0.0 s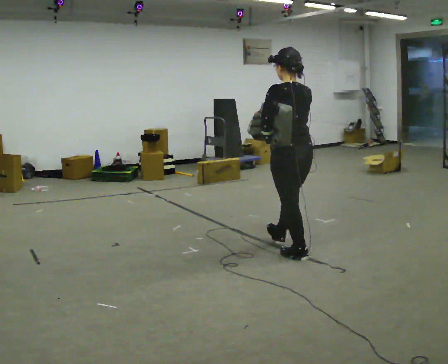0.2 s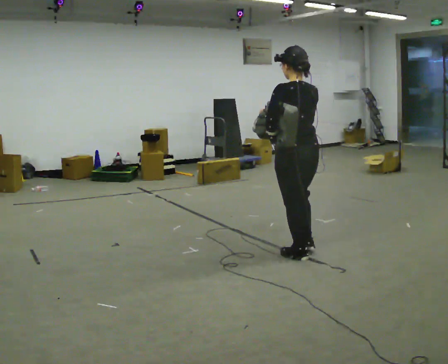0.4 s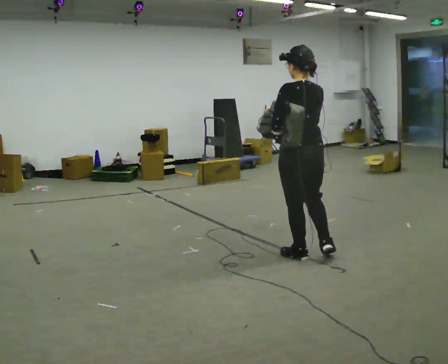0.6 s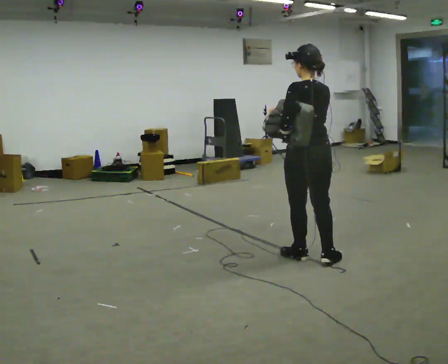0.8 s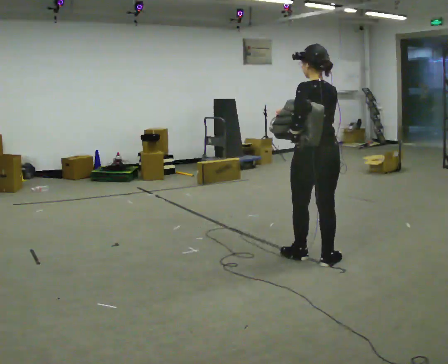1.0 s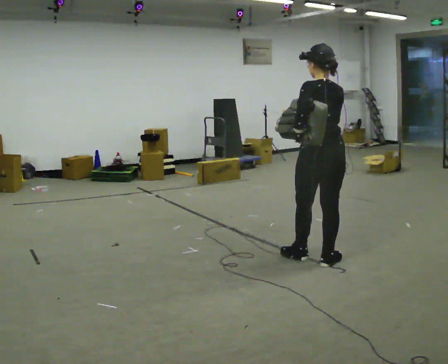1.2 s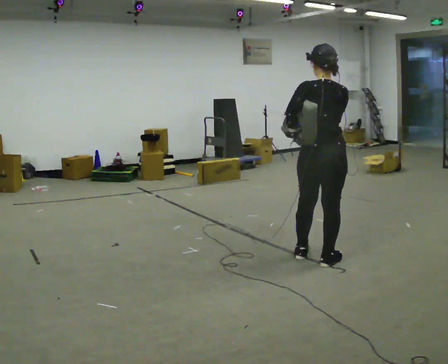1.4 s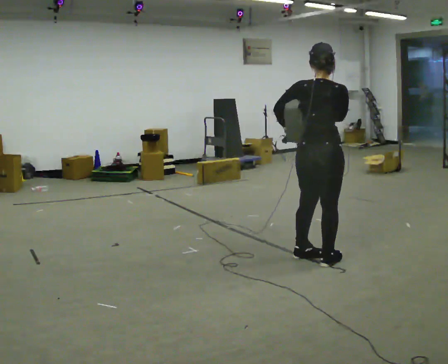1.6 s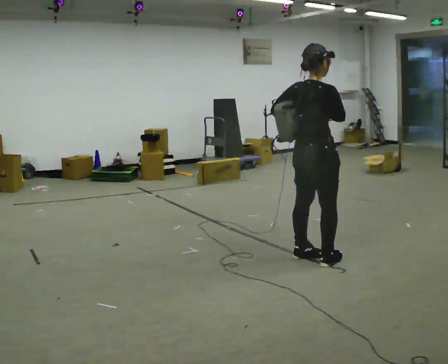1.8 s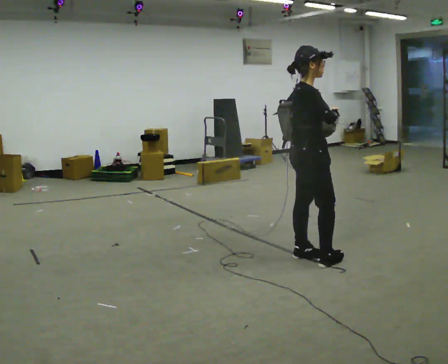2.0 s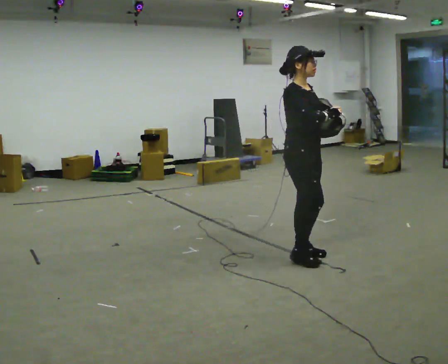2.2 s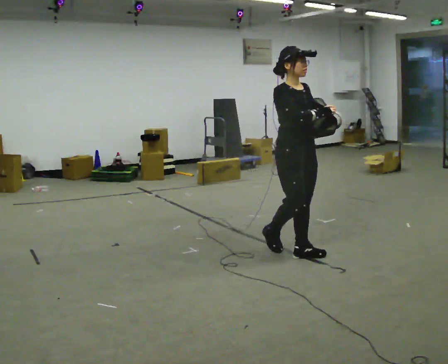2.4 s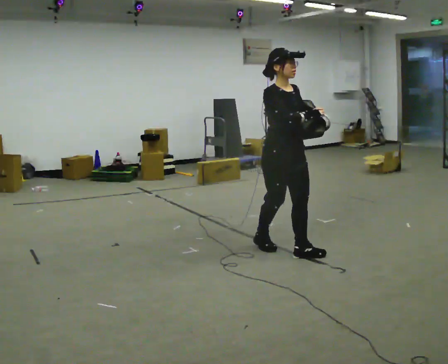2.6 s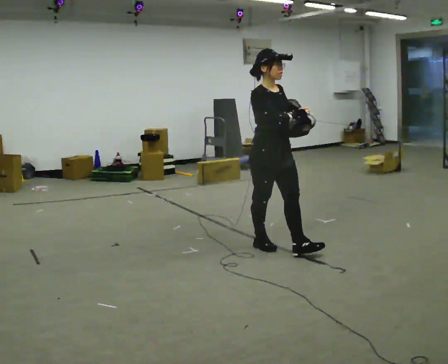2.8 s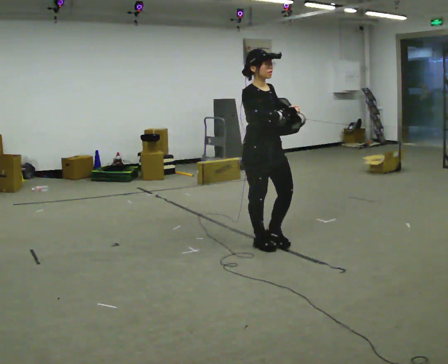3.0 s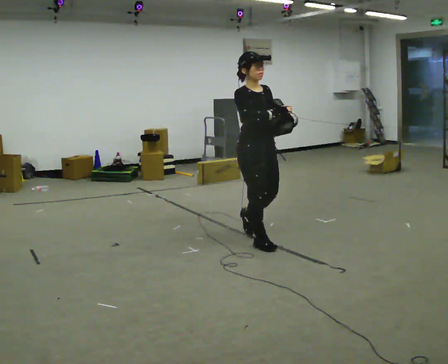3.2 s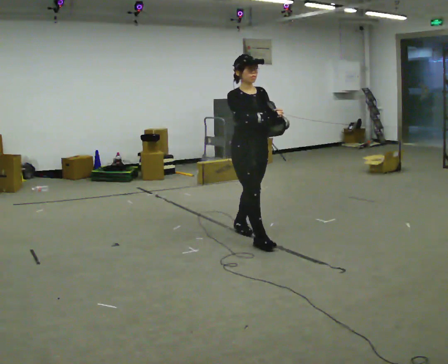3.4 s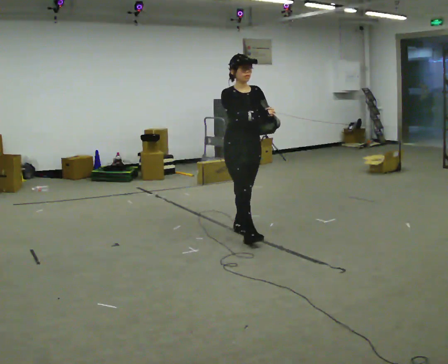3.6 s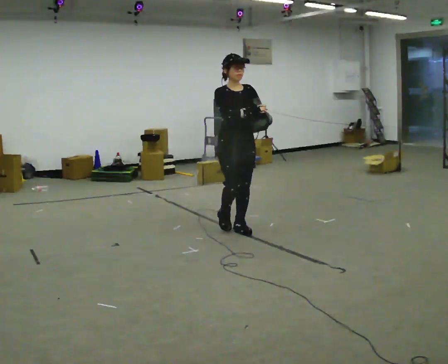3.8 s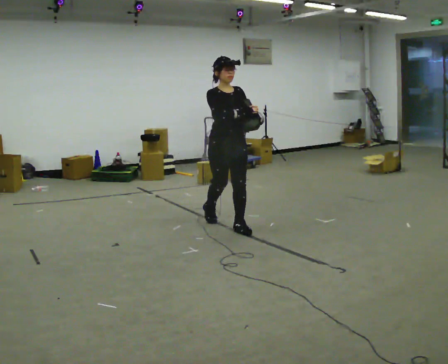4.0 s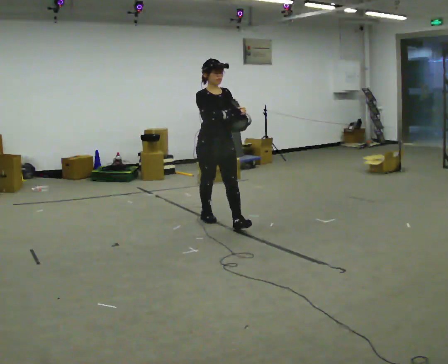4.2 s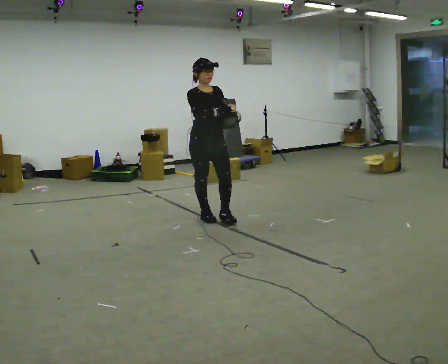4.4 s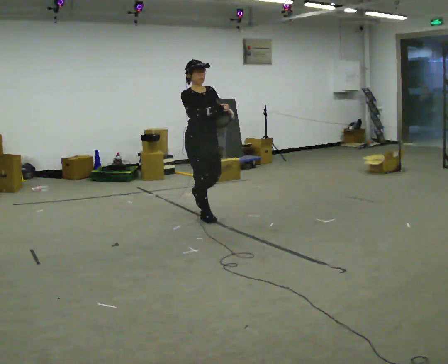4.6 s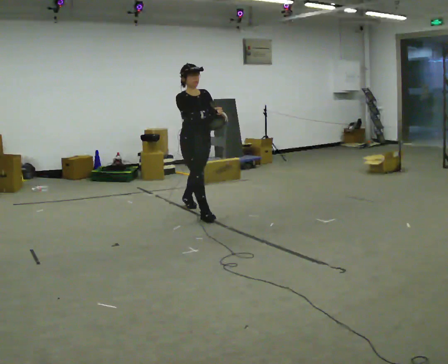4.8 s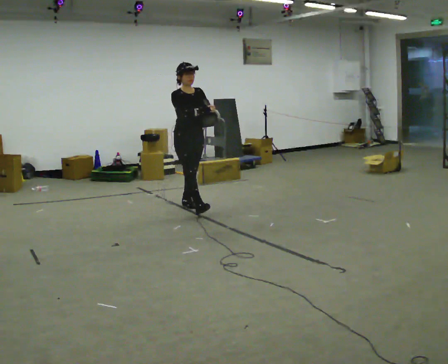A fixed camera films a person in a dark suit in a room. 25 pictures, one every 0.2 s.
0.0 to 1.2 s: The part of the body nearest the lens slides to the left as the person turns to their right by about 30 degrees. In the picture they go to the right and toward the camera, about 0.25 m, which for them is backward and to their right.
1.2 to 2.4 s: Seen from above the body turns clockwise, about 150 degrees: to their right, with its near side sliding to the left. In the picture they go to the left and away from the camera, about 0.5 m in 1 step.
2.4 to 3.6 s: In the picture they go away from the camera and to the left, about 1 m in 2 steps, which for them is backward.
3.6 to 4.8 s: In the picture they go away from the camera and to the left, about 1 m in 2 steps, which for them is backward.
The film runs backward here.
